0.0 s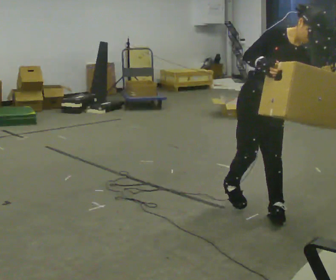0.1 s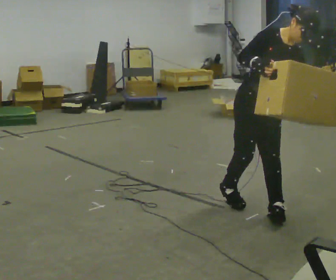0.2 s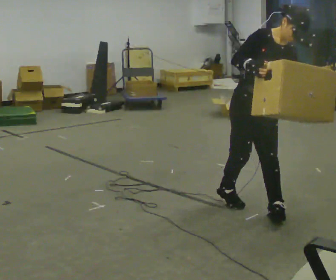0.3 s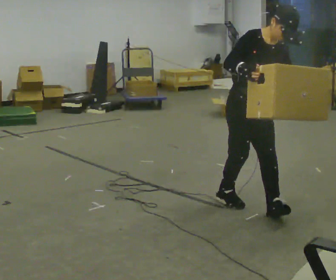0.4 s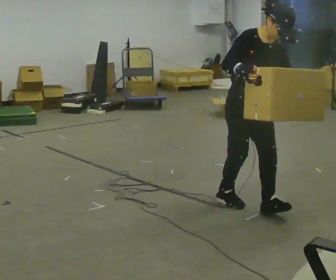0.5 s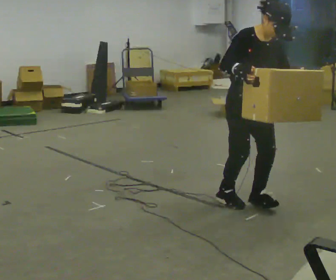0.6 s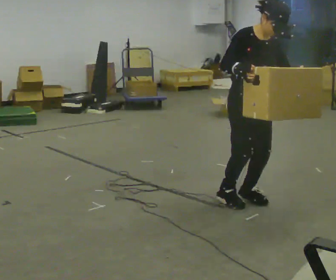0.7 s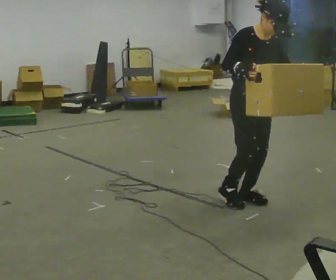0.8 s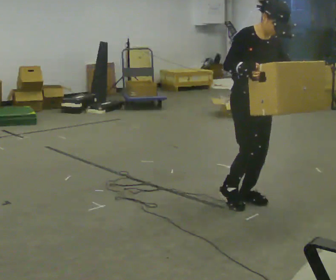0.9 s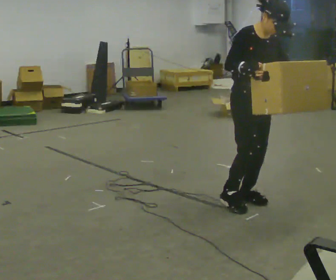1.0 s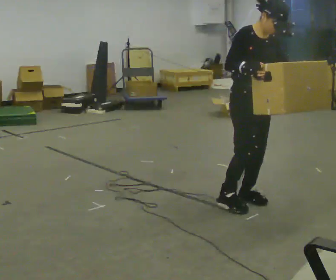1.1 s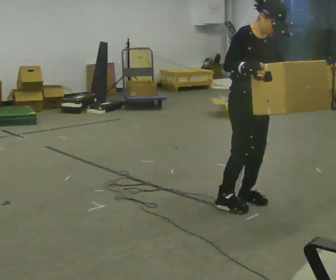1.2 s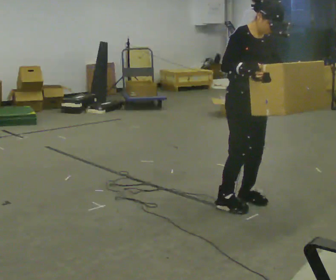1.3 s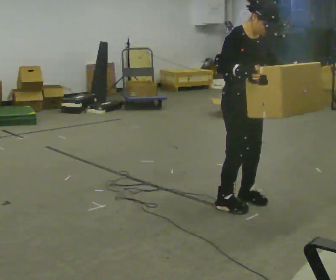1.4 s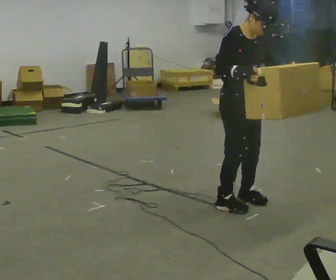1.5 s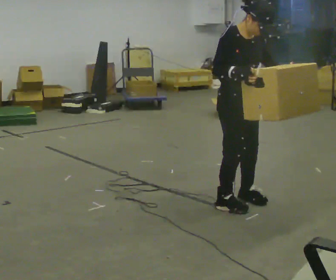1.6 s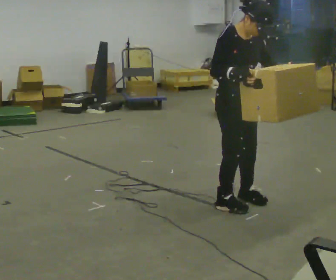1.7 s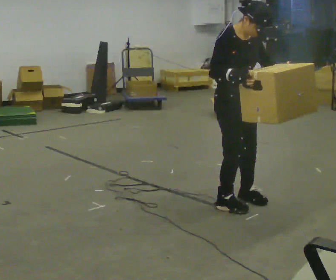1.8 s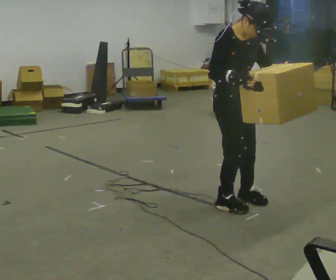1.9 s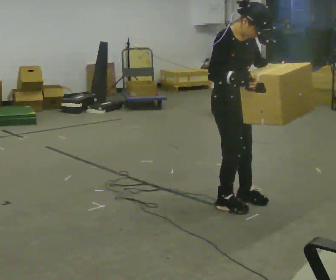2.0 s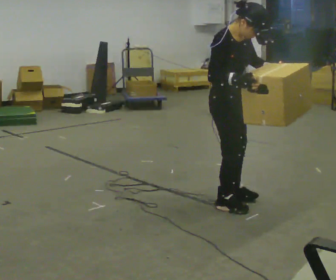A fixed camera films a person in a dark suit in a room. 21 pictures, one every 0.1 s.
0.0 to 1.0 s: In the picture they go away from the camera, about 0.25 m in 1 step, which for them is backward. In the picture the upper body tilts counterclockwise, shoulders to the left.
1.0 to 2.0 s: In the picture they go to the left, about 0.25 m, which for them is to their right.
The film runs forward here.
